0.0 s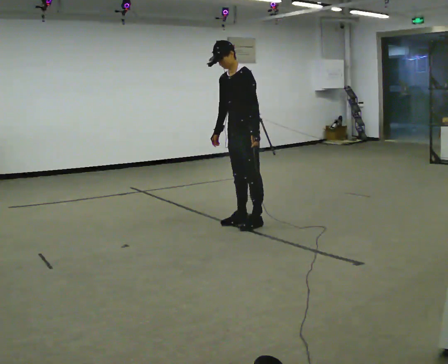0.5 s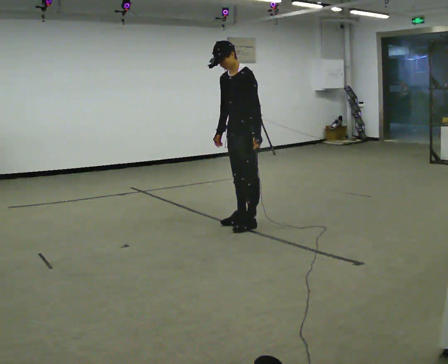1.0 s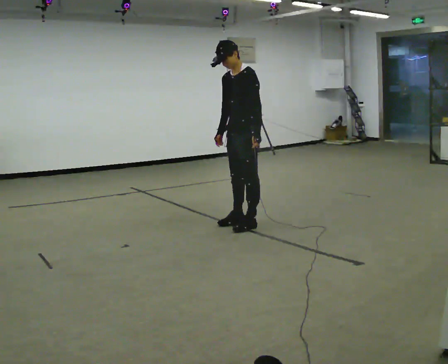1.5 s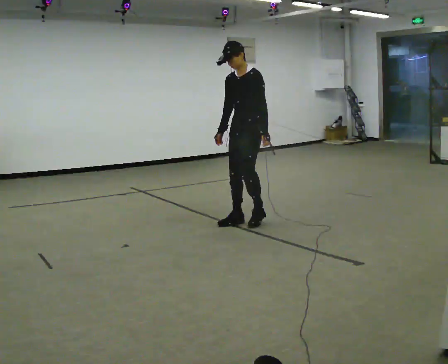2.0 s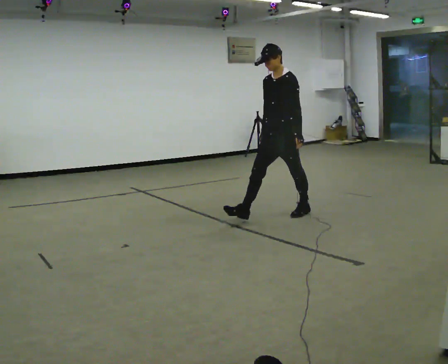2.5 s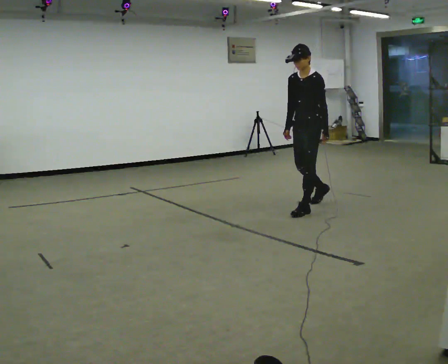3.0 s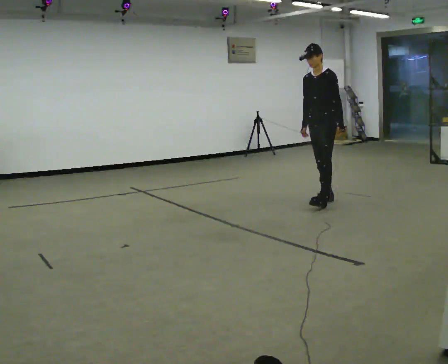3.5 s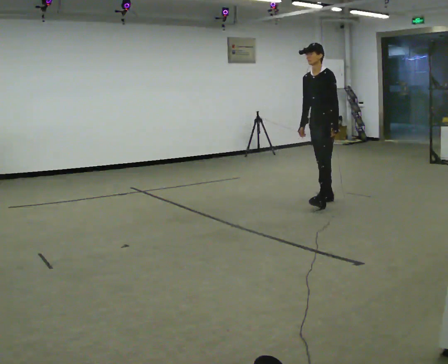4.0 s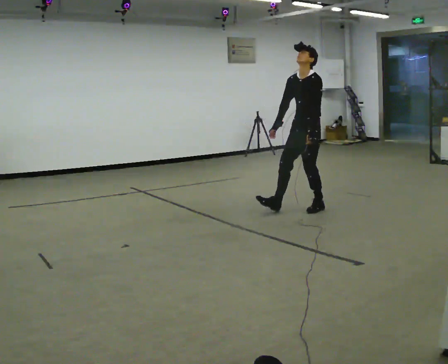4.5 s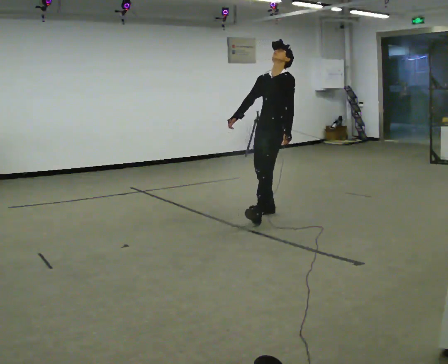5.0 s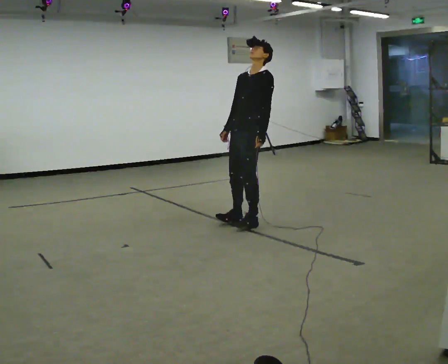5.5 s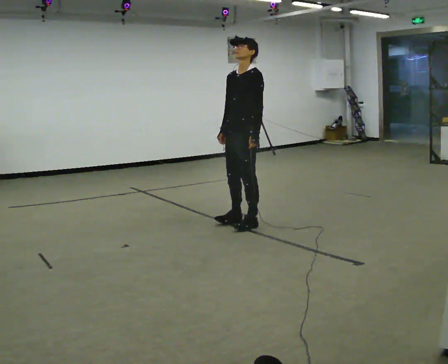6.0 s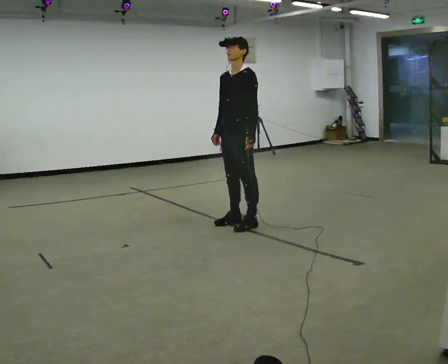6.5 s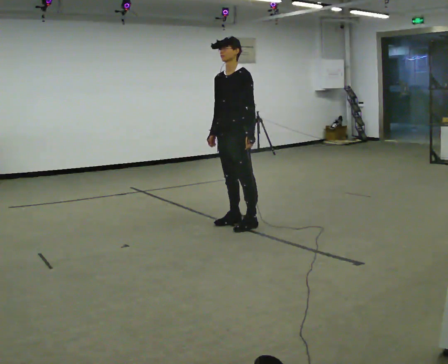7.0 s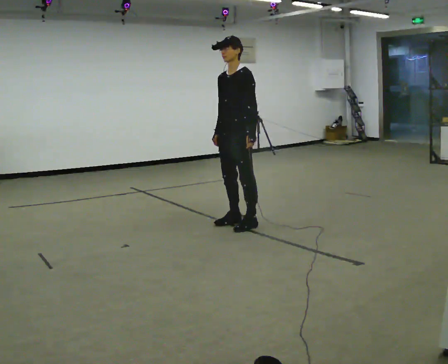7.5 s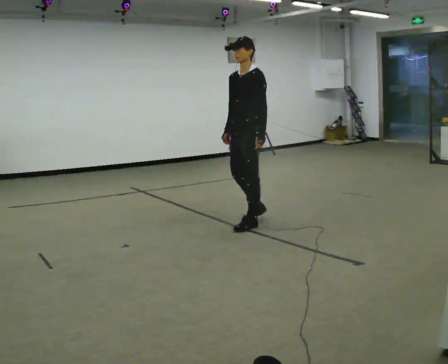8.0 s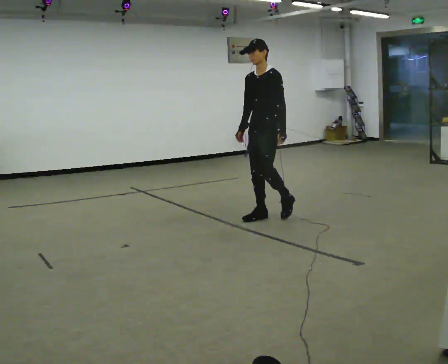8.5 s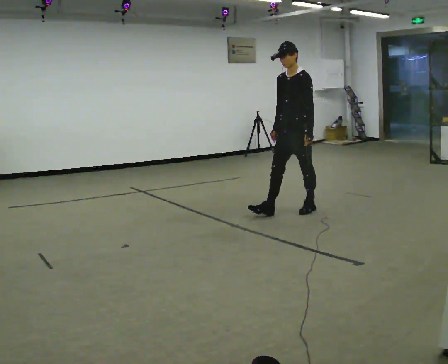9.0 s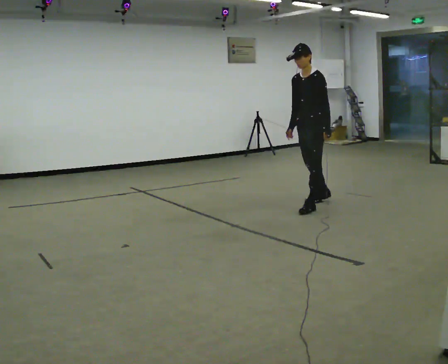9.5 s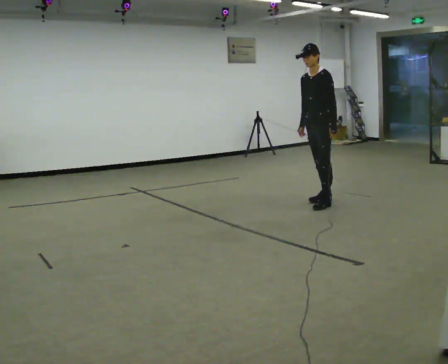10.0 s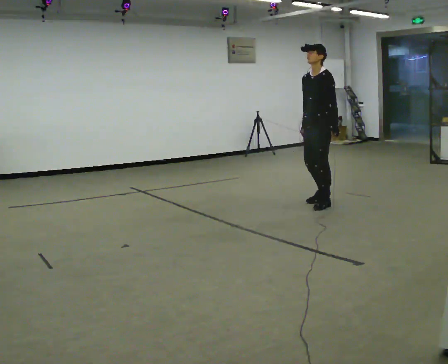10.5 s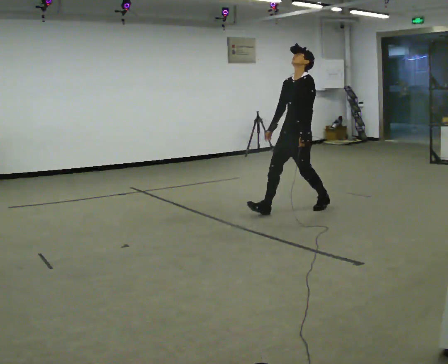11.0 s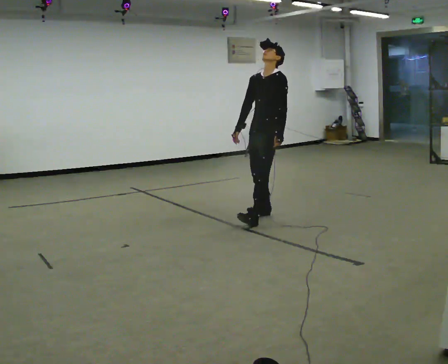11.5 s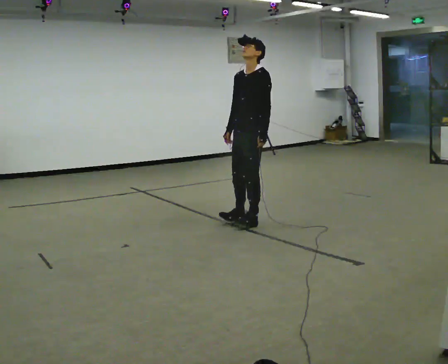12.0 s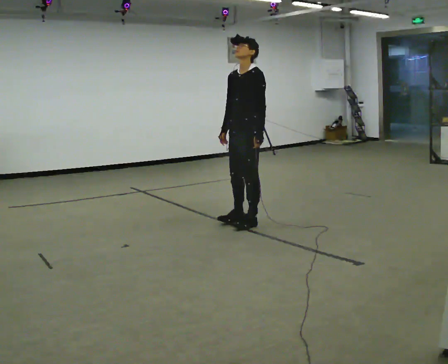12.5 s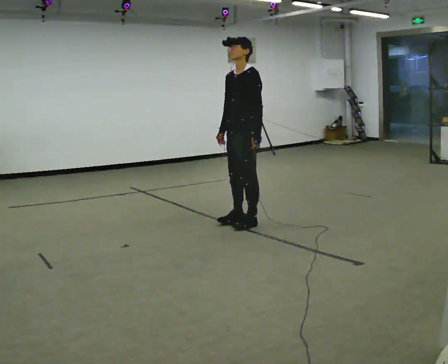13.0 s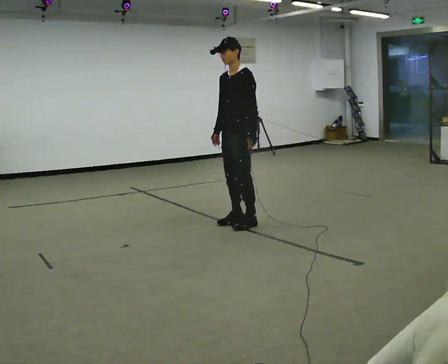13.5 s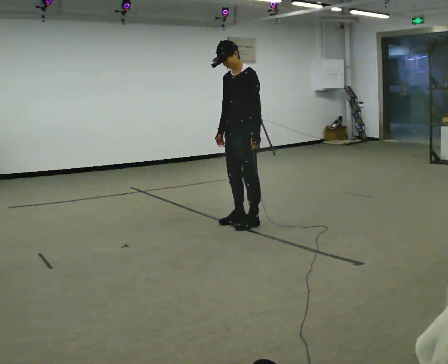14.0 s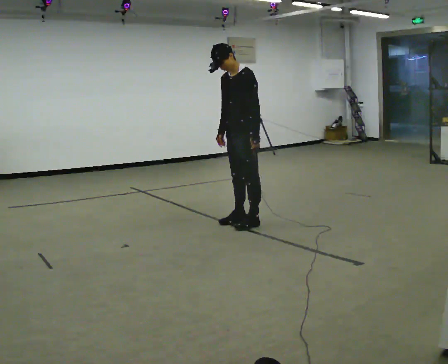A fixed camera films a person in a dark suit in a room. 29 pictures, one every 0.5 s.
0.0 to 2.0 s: In the picture they go to the right and away from the camera, about 0.5 m in 2 steps, which for them is backward.
2.0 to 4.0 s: In the picture they go to the right and away from the camera, about 0.5 m in 2 steps, which for them is backward.
4.0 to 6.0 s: In the picture they go to the left and toward the camera, about 1 m in 2 steps, which for them is forward.
6.0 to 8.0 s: In the picture they go to the right and away from the camera, about 0.25 m in 2 steps, which for them is backward.
8.0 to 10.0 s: In the picture they go to the right and away from the camera, about 1 m in 3 steps, which for them is backward.
10.0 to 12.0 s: In the picture they go to the left and toward the camera, about 1 m in 2 steps, which for them is forward.
12.0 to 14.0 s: The person moves a little, or ends about where they began.
The film runs backward here.
